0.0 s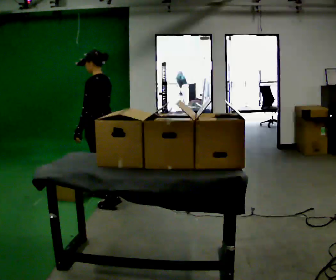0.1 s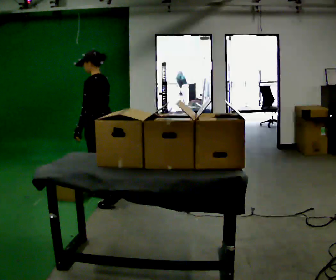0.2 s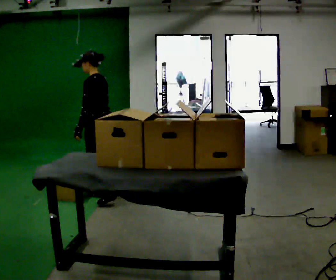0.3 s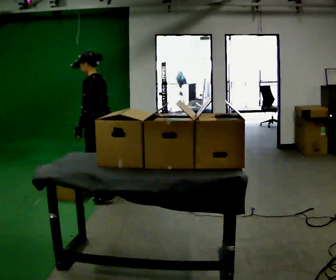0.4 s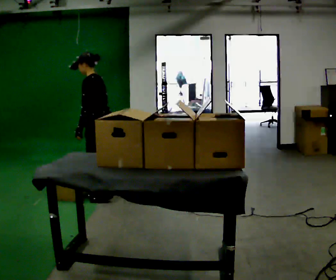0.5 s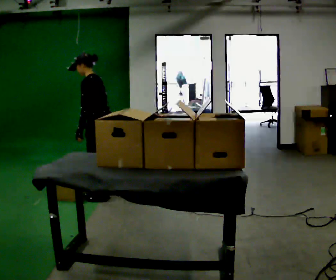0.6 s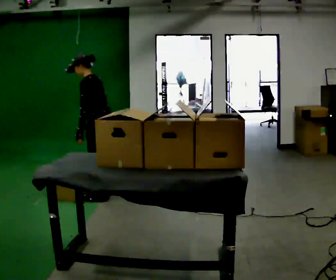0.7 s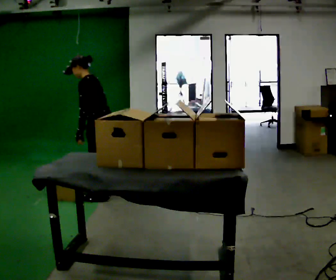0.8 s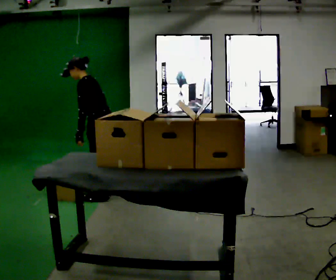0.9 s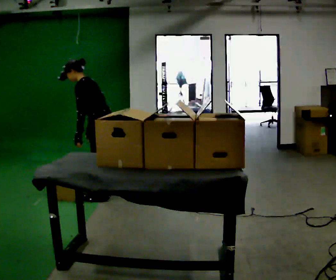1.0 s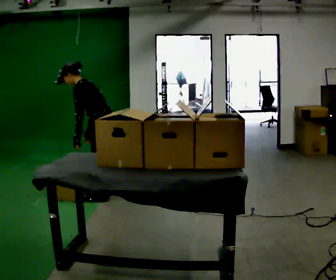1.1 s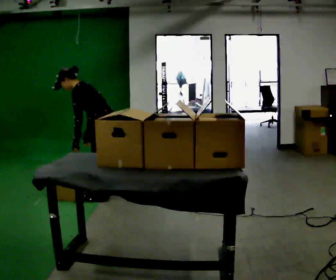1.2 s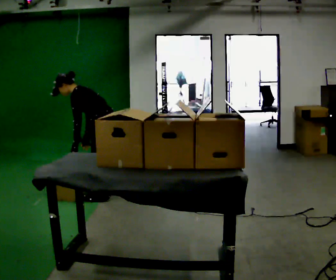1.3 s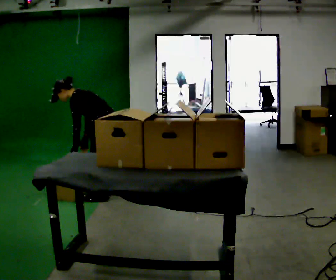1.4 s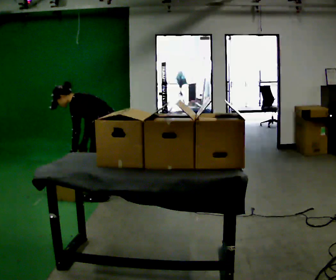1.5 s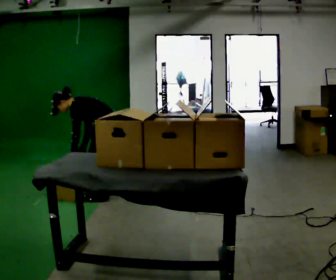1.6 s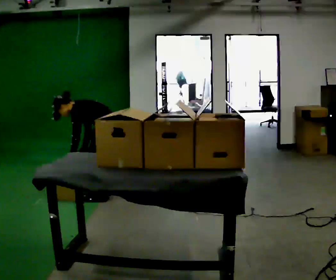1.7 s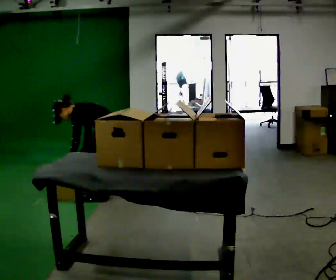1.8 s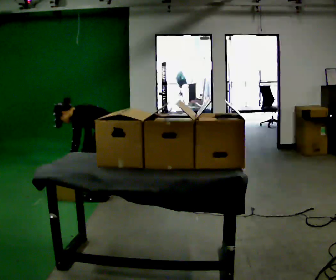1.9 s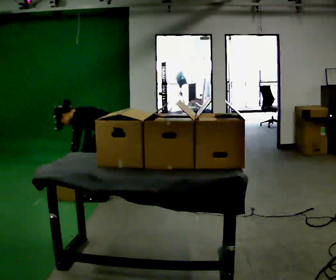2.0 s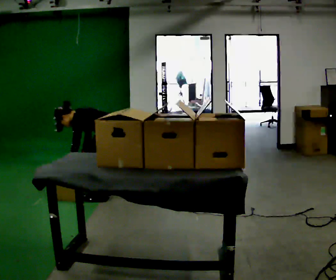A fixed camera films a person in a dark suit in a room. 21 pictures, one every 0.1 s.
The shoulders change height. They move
downward.
The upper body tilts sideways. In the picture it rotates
counterclockwise.
0.0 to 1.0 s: In the picture the upper body tilts counterclockwise, shoulders to the left, as they bend forward.
1.0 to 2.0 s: The shoulders move downward. In the picture the upper body tilts counterclockwise, shoulders to the left, as they bend forward.
The film runs forward here.
